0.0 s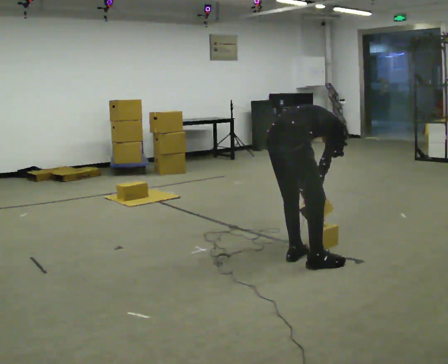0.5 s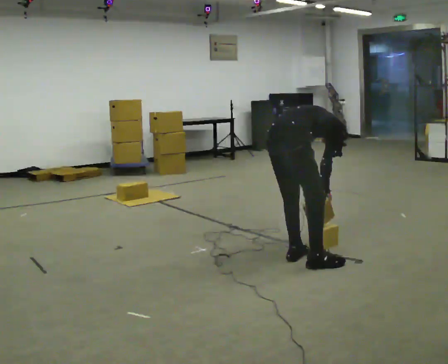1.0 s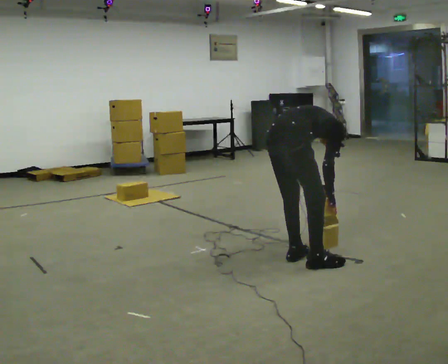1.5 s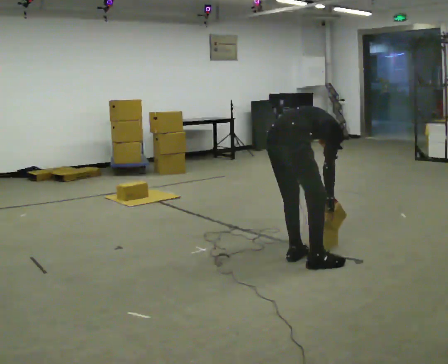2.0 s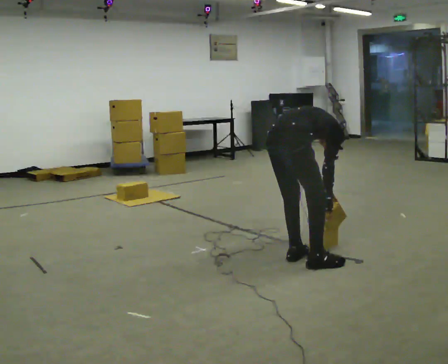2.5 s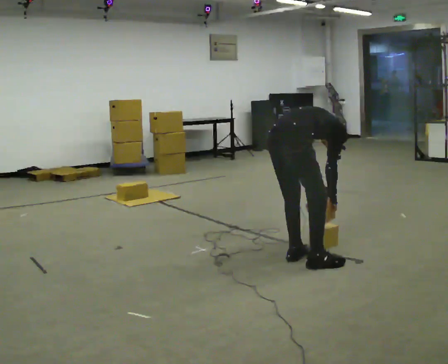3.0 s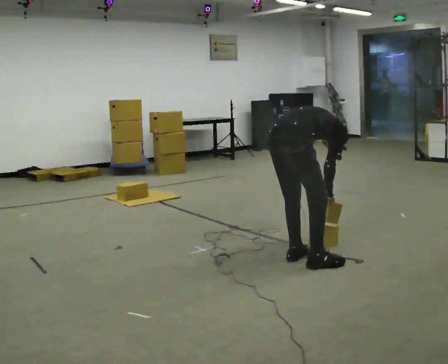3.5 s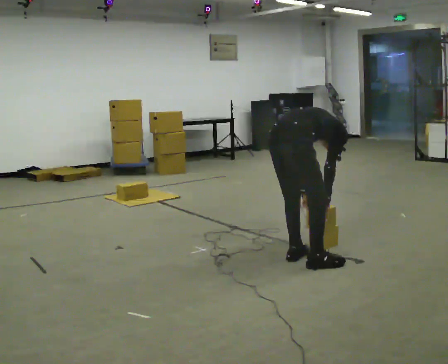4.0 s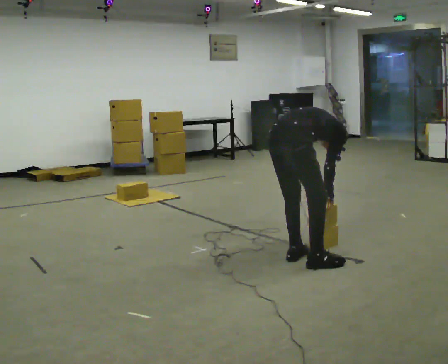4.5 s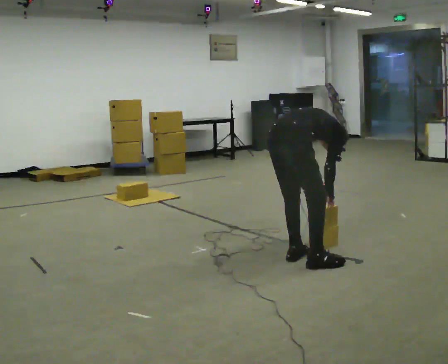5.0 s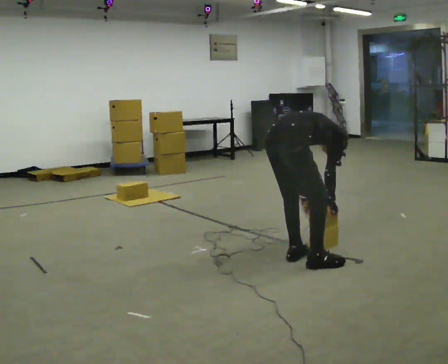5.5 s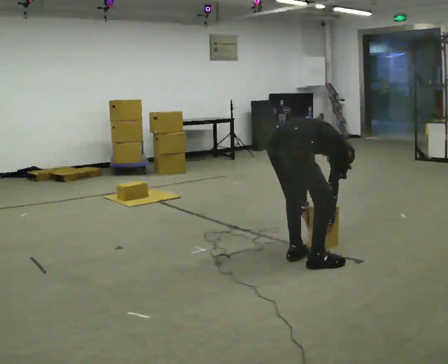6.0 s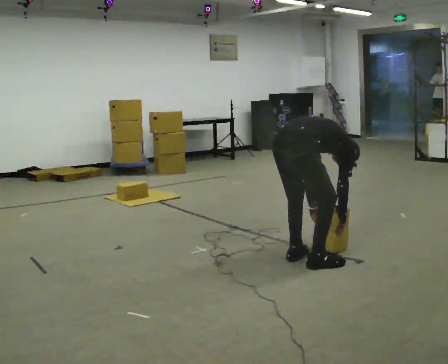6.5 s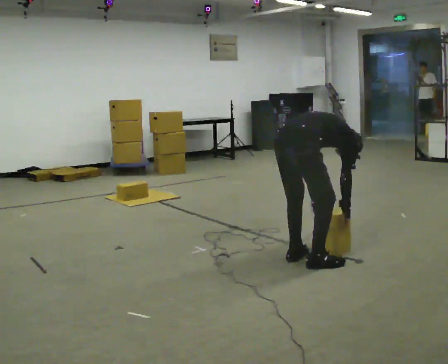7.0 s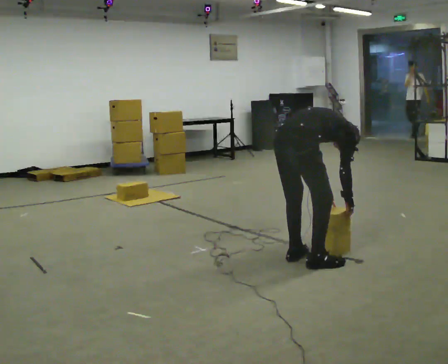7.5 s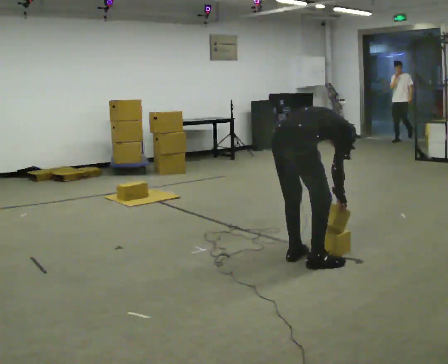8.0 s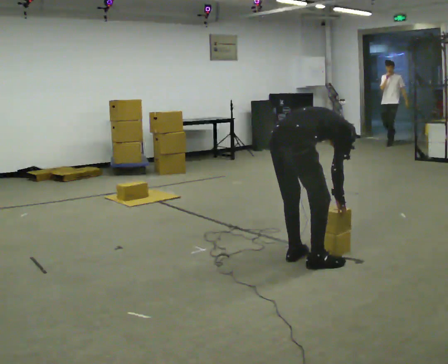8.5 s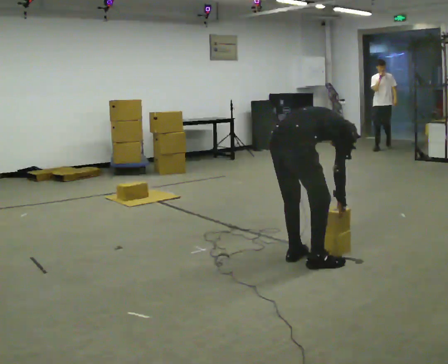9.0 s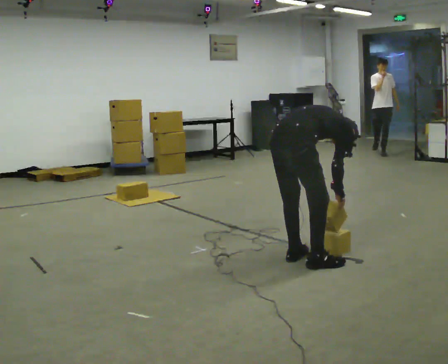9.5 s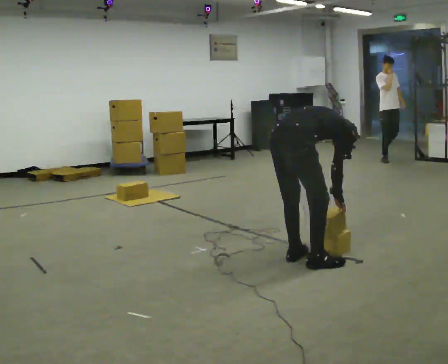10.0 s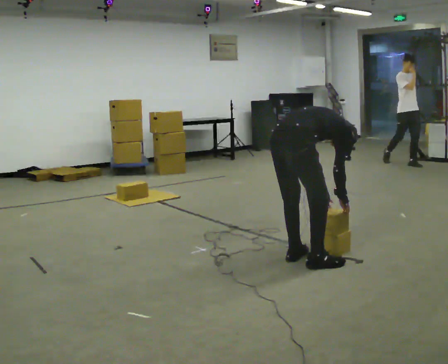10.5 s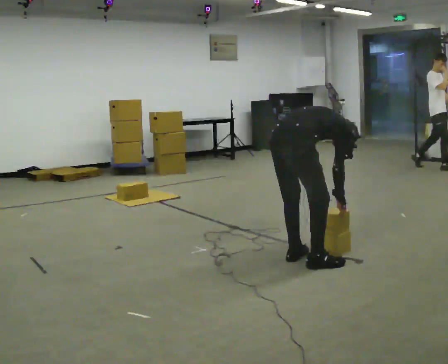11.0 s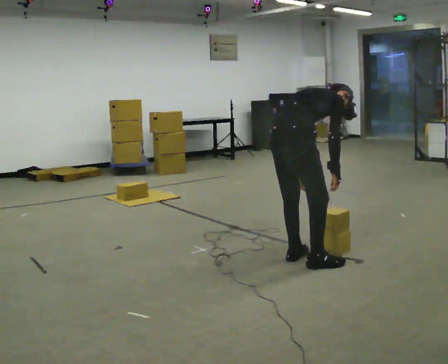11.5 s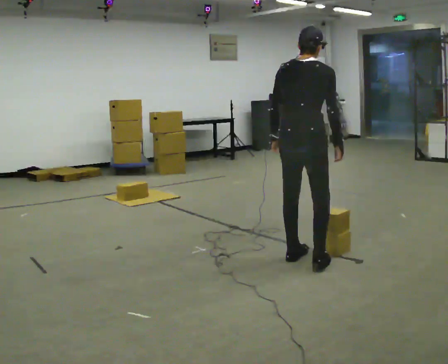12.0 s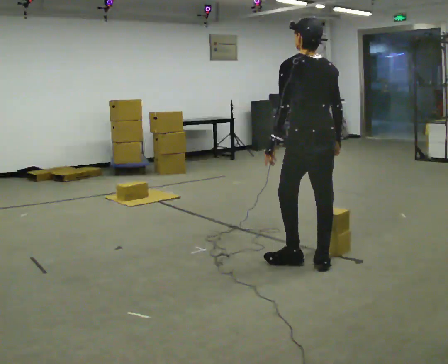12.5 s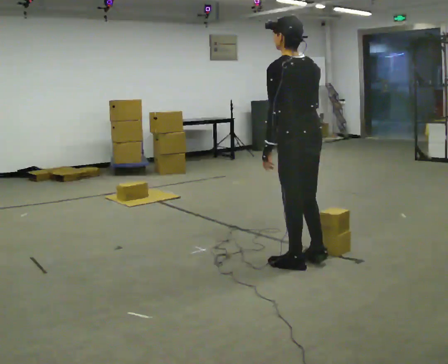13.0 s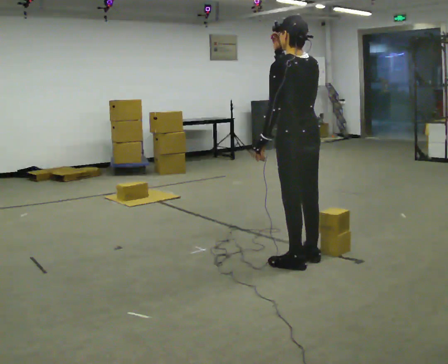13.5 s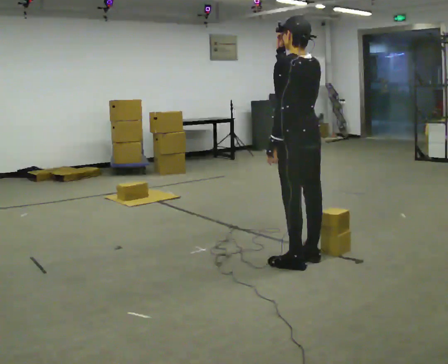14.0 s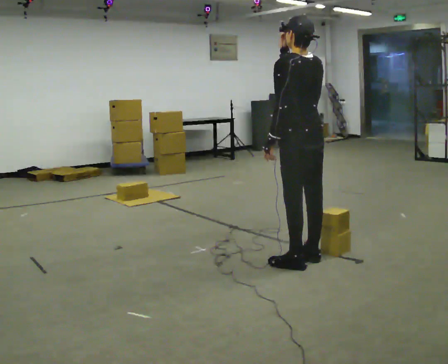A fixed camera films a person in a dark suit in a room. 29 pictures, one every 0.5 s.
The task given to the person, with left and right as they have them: Carry the boxes over one at a time and lay them out on the pallet in the pattern the operator shows you. Keep going until the operator says stop; one object at a time, and do not rush between trips.
0.0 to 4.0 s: The person moves a little, or ends about where they began.
4.0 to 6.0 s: In the picture the upper body tilts clockwise, shoulders to the right, as they bend forward.
6.0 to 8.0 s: In the picture the upper body tilts counterclockwise, shoulders to the left, as they lean back or straighten.
8.0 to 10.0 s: The person moves a little, or ends about where they began.
10.0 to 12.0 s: Seen from above the body turns counterclockwise, about 75 degrees: to their left, with its near side sliding to the right. In the picture they go to the right, about 0.25 m. The upper body goes upward. The upper body tips toward the camera, its near side rolling downward, as they lean back or straighten. In the picture their left hand goes upward.
12.0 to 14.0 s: In the picture their right hand goes upward and to the left.
The film runs forward here.
